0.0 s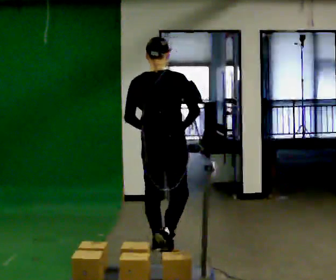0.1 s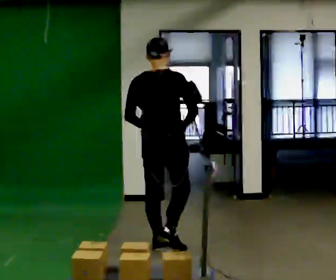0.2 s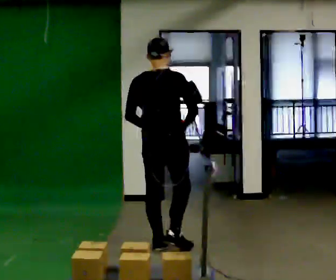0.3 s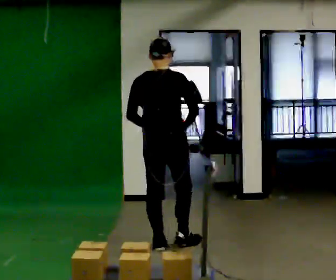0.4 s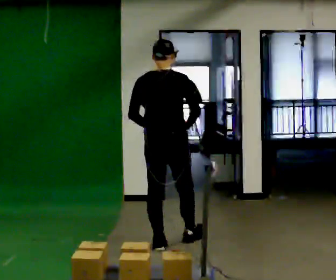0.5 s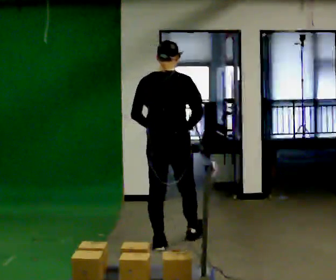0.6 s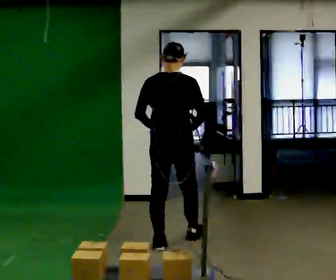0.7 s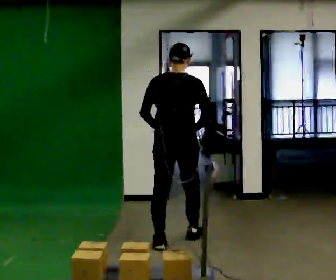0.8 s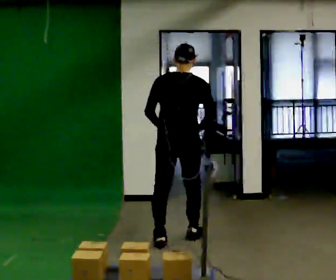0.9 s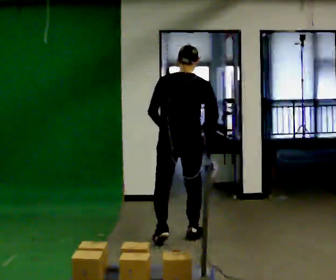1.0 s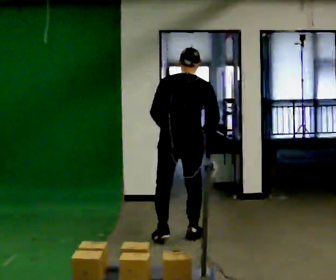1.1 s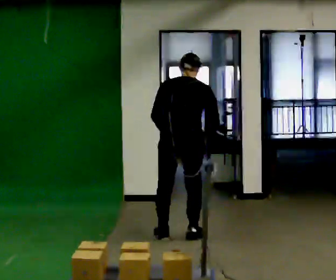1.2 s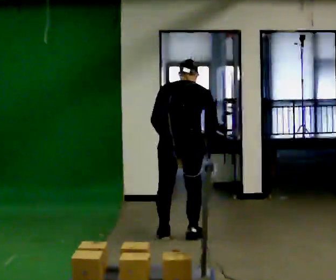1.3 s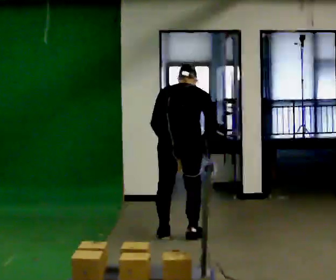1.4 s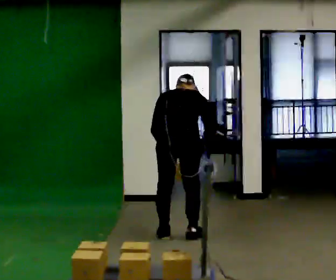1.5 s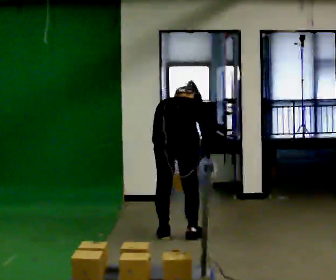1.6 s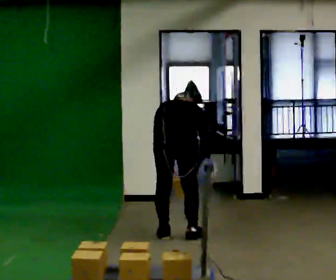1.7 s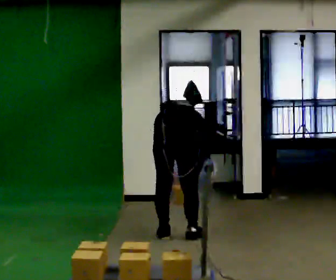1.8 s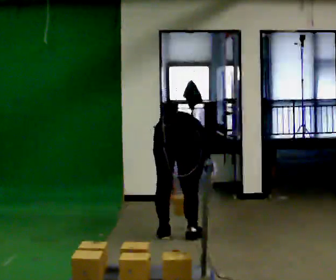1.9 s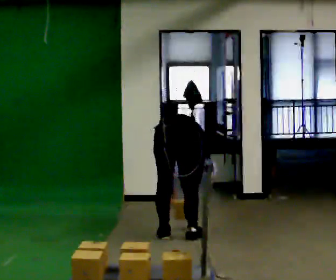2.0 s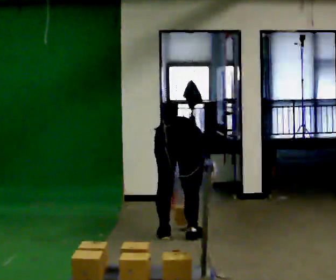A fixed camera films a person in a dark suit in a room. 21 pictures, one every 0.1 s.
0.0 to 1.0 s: In the picture they go away from the camera, about 0.5 m in 1 step, which for them is forward. The upper body tips away from the camera, its near side rolling upward, as they bend forward.
1.0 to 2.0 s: The shoulders move downward. The upper body tips away from the camera, its near side rolling upward, as they bend forward. In the picture their left hand goes downward.
The film runs forward here.
